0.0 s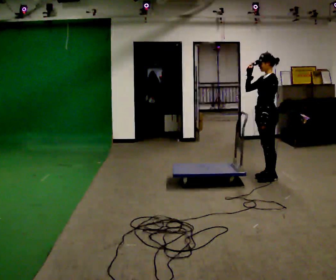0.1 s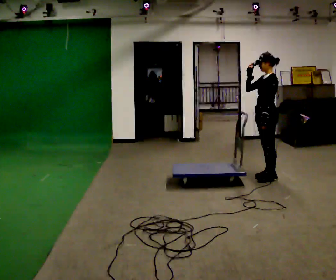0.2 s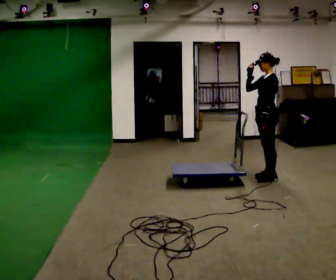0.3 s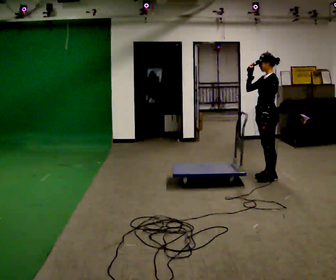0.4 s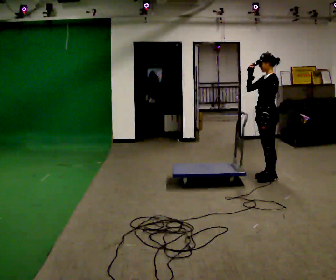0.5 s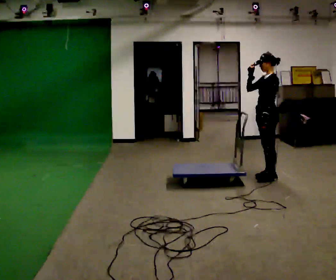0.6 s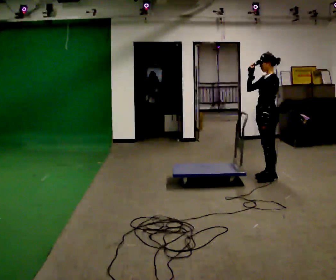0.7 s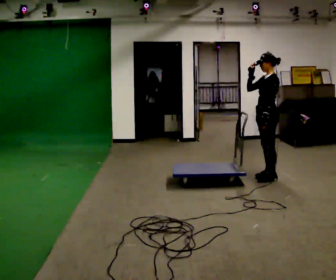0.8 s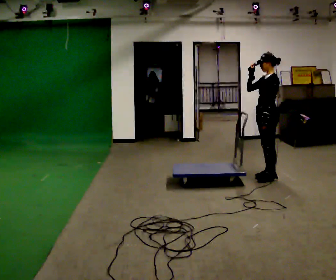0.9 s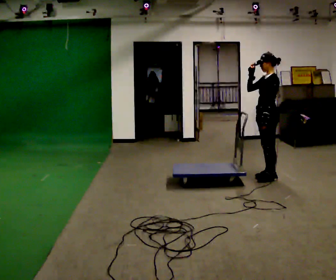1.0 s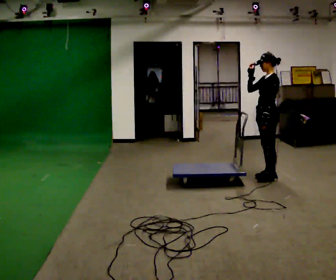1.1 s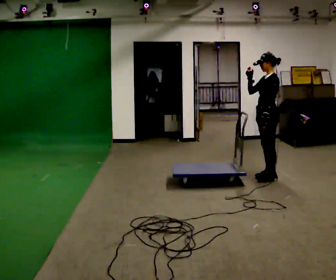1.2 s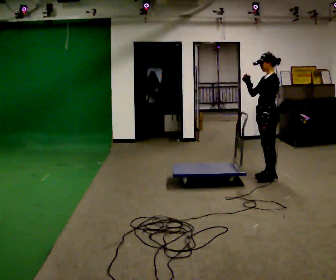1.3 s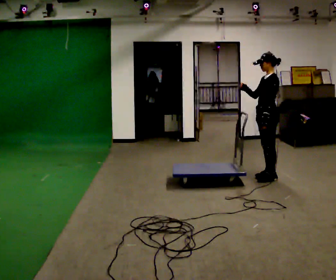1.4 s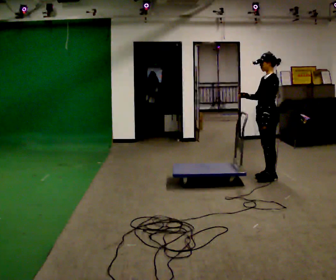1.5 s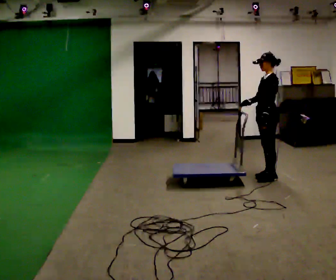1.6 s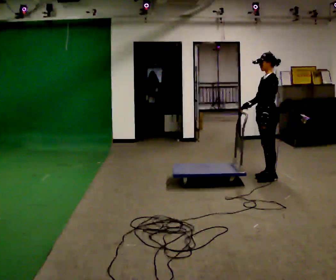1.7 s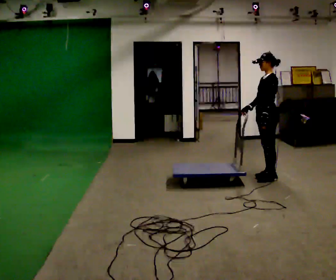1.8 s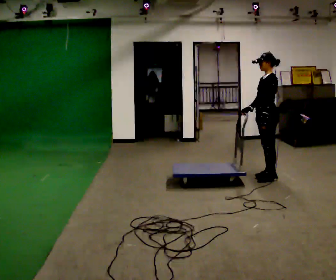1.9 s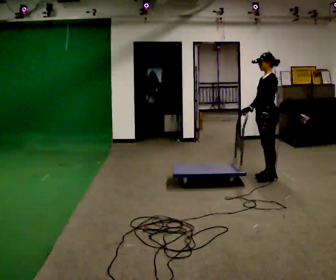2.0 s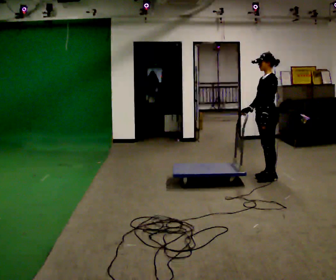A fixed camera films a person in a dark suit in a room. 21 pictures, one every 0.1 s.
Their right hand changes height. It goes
downward.
0.0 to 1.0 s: The person keeps their place and pose.
1.0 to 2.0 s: In the picture their right hand goes downward.
The film runs forward here.
